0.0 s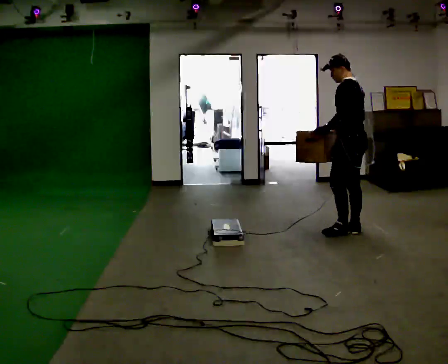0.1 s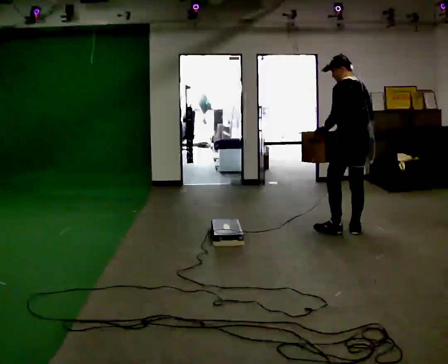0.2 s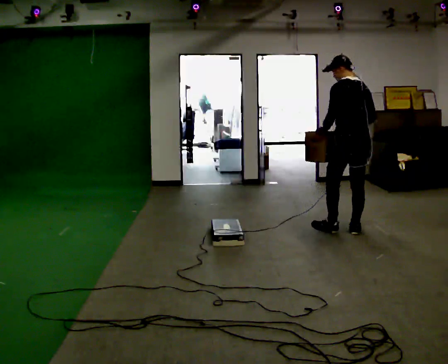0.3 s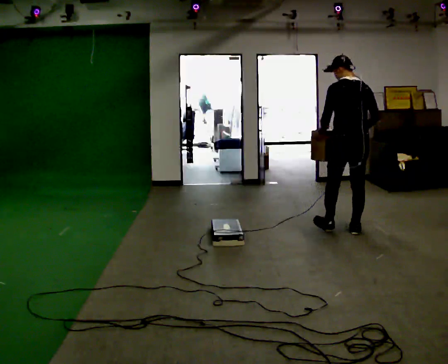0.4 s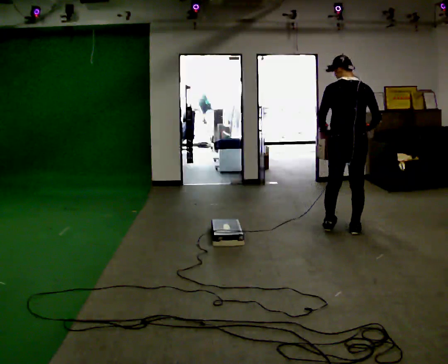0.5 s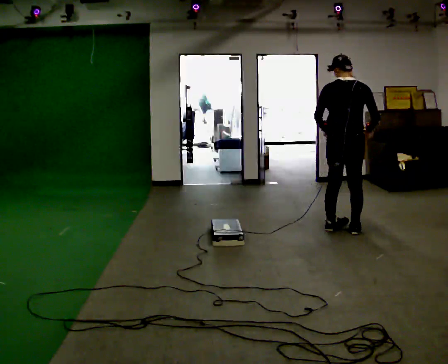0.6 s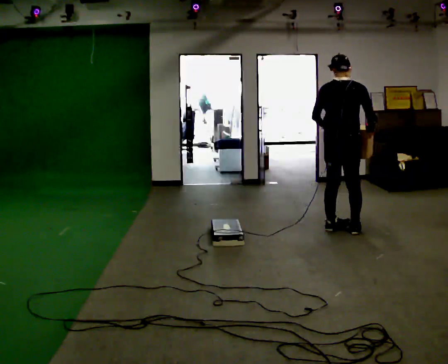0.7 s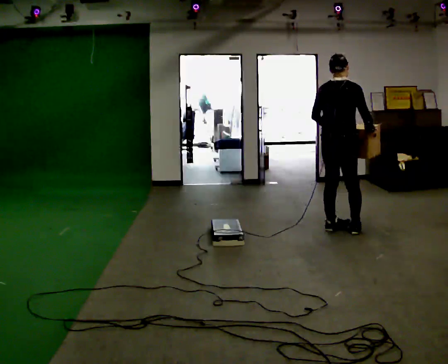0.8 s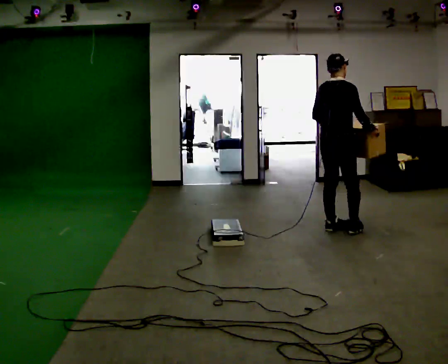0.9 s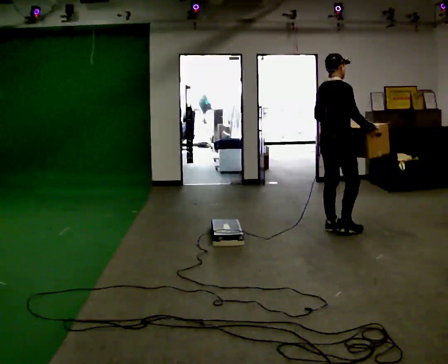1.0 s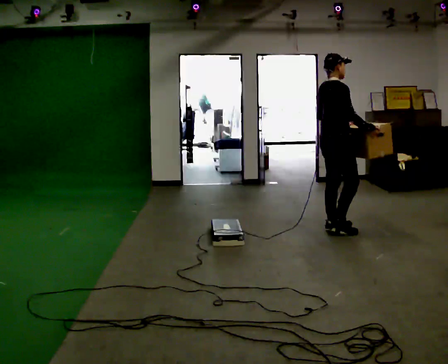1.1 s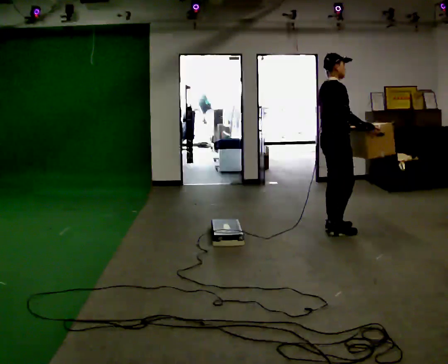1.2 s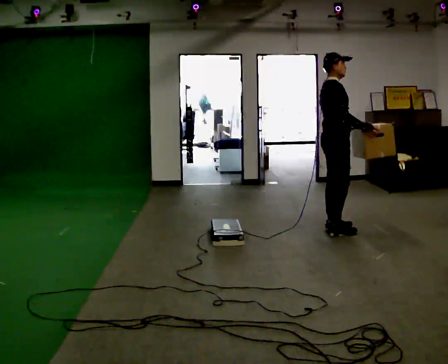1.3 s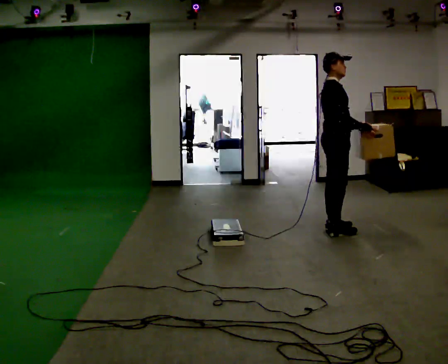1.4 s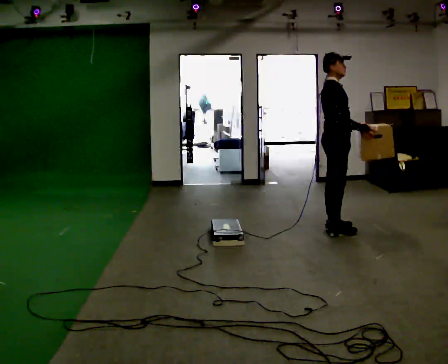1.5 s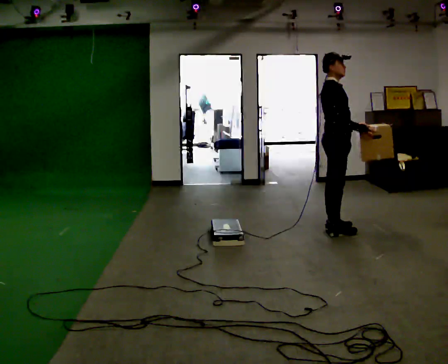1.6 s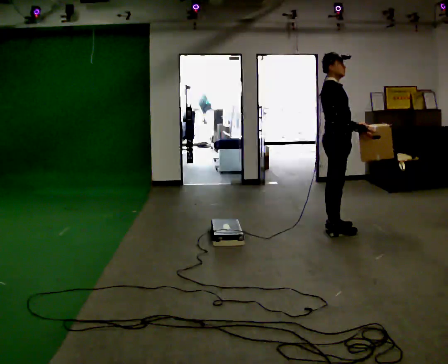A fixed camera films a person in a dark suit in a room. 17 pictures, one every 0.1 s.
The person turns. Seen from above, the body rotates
clockwise.
The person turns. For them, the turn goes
to their right.
0.0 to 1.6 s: The part of the body nearest the lens slides to the left as the person turns to their right by about 165 degrees. In the picture they go to the left, about 0.25 m in 2 steps.
The film runs backward here.
